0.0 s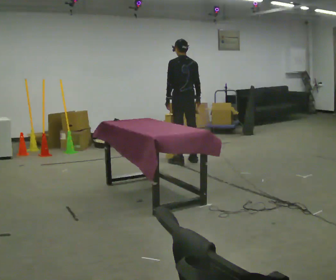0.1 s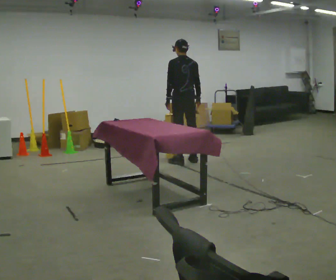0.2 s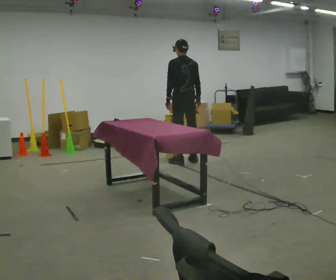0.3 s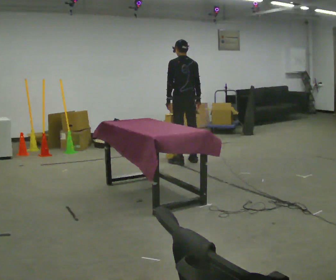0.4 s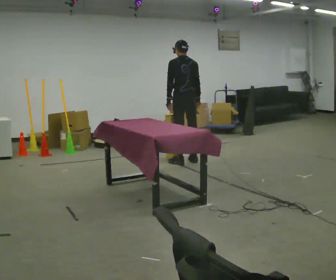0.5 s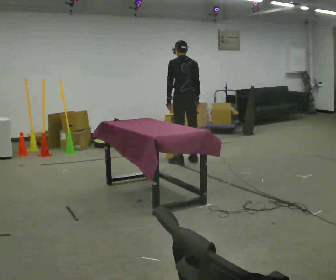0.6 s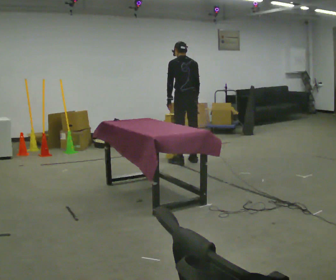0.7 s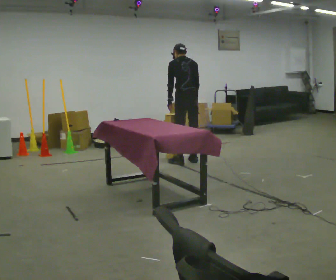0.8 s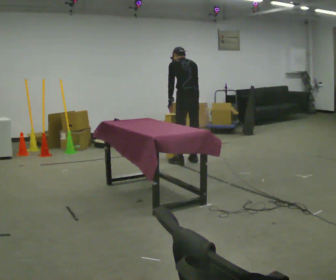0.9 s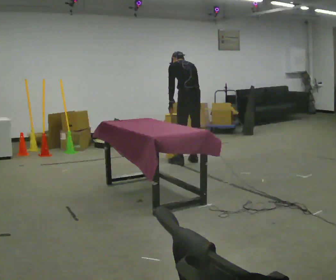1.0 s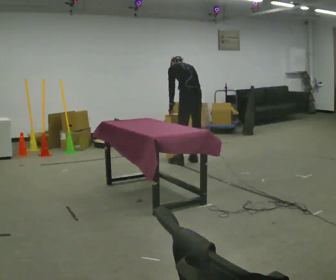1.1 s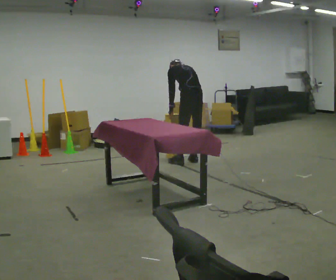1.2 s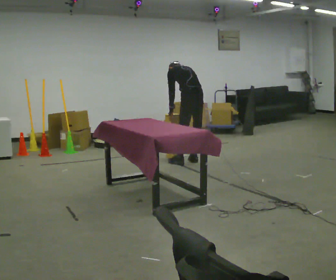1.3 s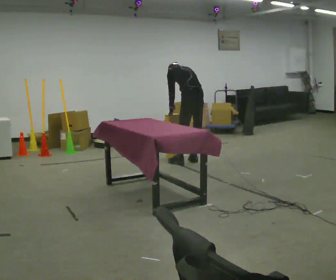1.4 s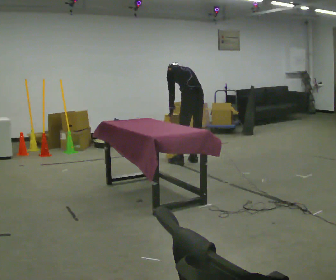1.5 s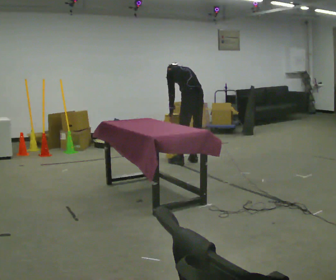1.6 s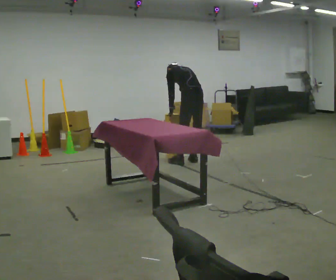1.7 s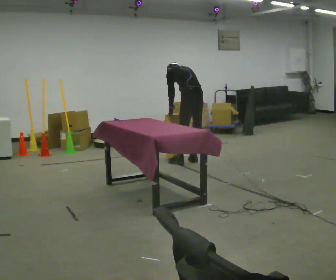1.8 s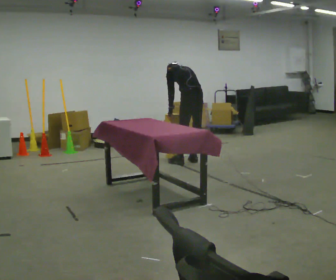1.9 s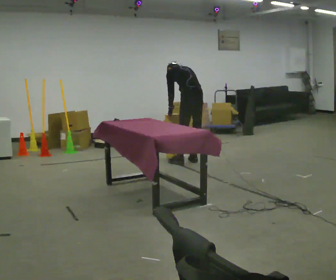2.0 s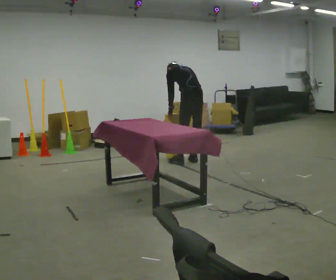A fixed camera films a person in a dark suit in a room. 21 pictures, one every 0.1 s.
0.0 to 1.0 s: The upper body tips away from the camera, its near side rolling upward, as they bend forward.
1.0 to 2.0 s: The person moves a little, or ends about where they began.
The film runs forward here.
